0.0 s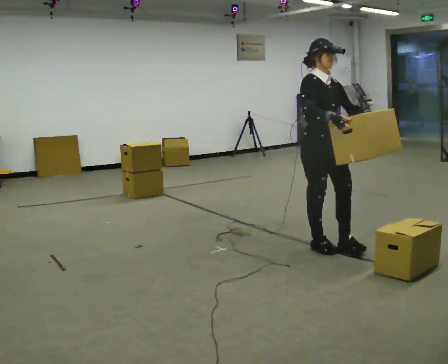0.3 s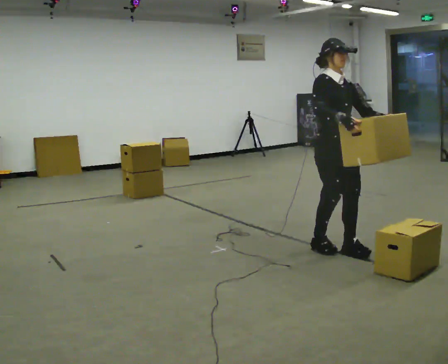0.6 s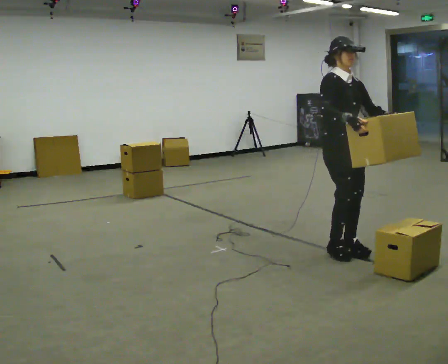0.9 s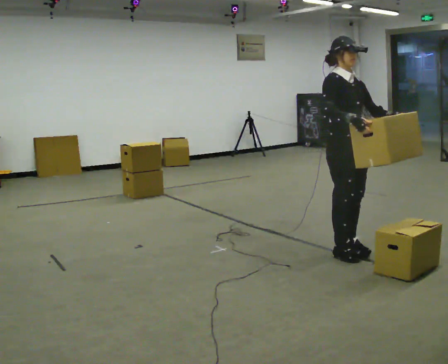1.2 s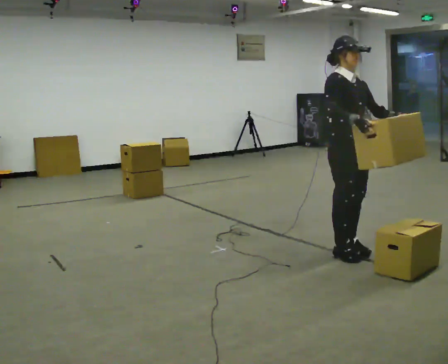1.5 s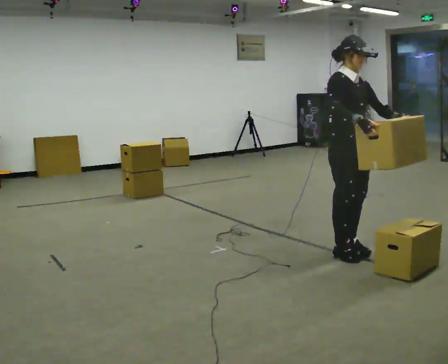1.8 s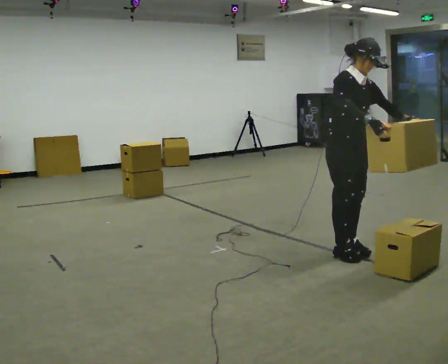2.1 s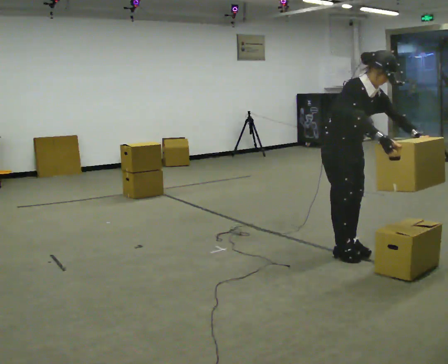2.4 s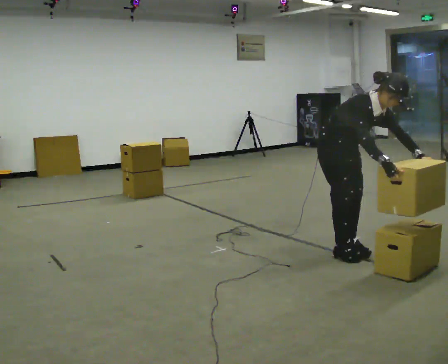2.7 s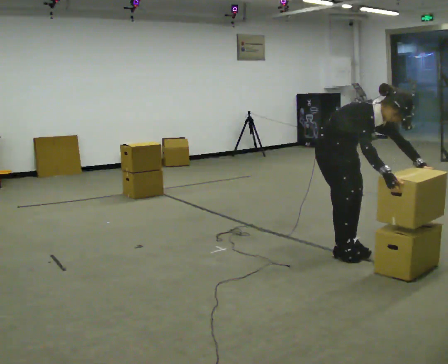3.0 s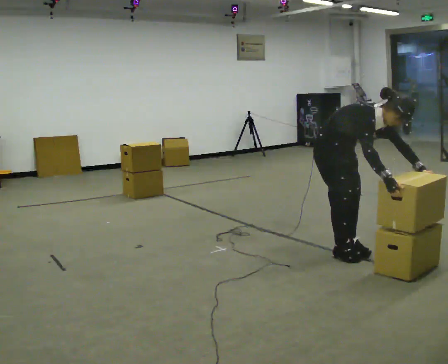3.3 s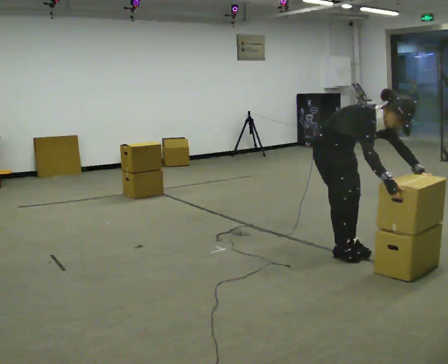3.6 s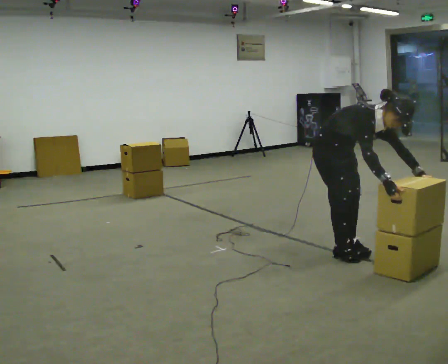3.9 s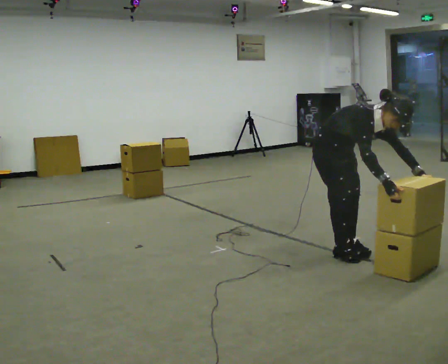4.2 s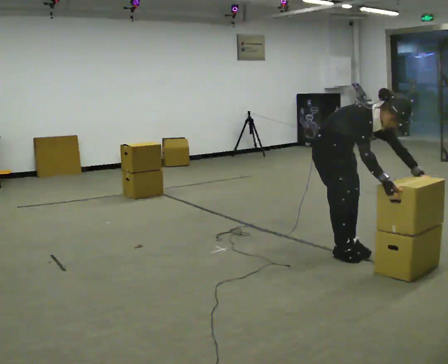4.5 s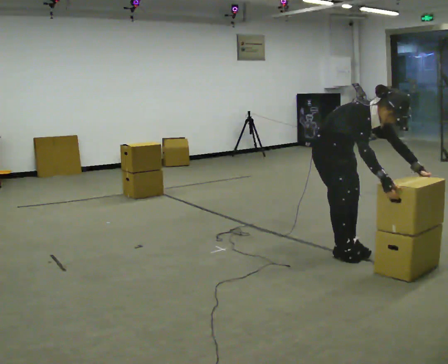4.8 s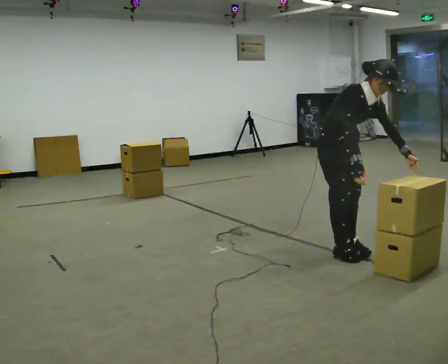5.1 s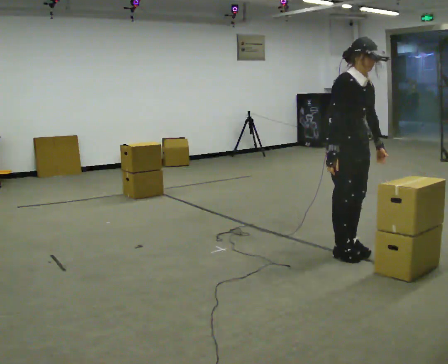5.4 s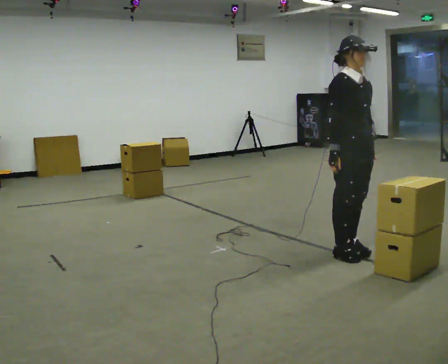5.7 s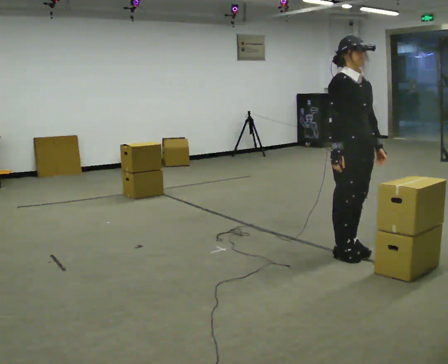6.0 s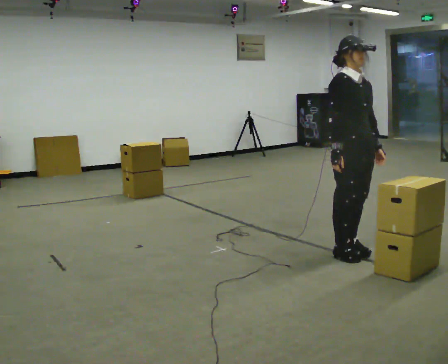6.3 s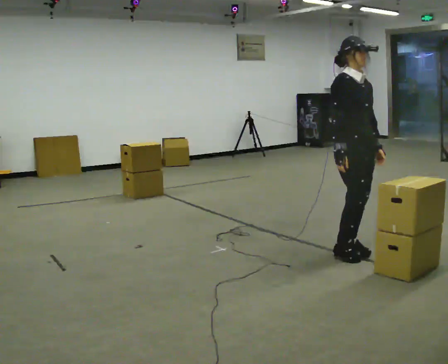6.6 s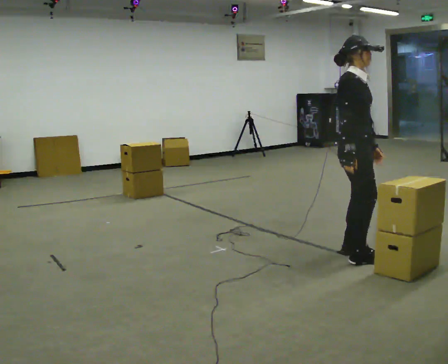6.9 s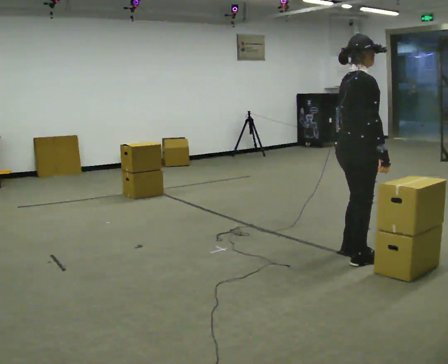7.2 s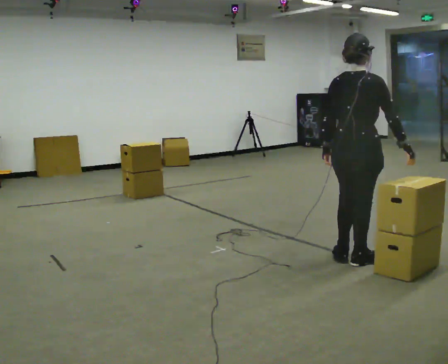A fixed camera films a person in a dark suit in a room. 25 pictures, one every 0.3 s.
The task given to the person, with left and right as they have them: Carry the stack of boxes across the room without letting it fall over, then bring it back. Keep going until the operator says stop; one object at a time, and do not rush between trips.
0.0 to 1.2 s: In the picture they go to the right, about 0.25 m in 2 steps, which for them is forward.
1.2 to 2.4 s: The shoulders move downward. In the picture the upper body tilts clockwise, shoulders to the right, as they bend forward.
2.4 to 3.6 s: In the picture the upper body tilts clockwise, shoulders to the right, as they bend forward.
3.6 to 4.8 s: In the picture the upper body tilts counterclockwise, shoulders to the left, as they lean back or straighten.
4.8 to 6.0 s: In the picture the upper body tilts counterclockwise, shoulders to the left, as they lean back or straighten.
6.0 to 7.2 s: The person turns about 105 degrees to their left, counterclockwise seen from above, so the part of the body nearest the lens slides to the right. In the picture they go toward the camera, about 0.25 m in 2 steps. In the picture their right hand goes to the right, the arm swinging counterclockwise.
The film runs forward here.
